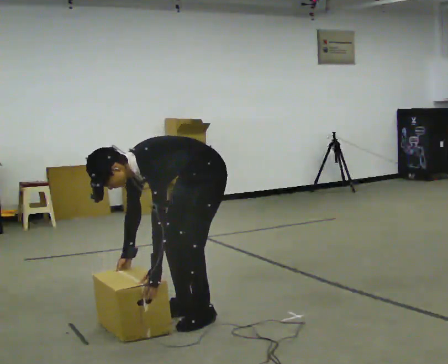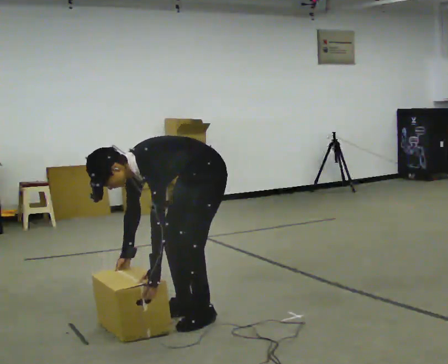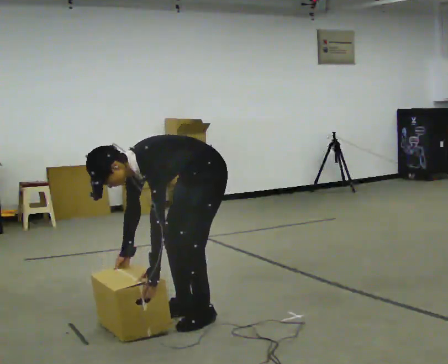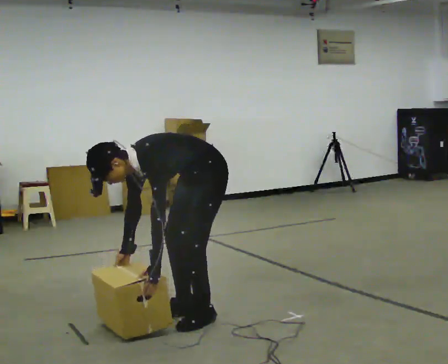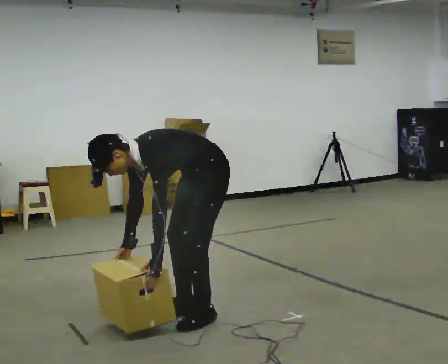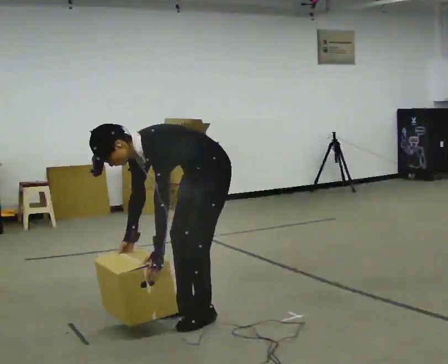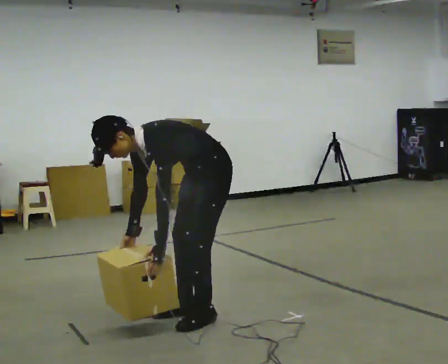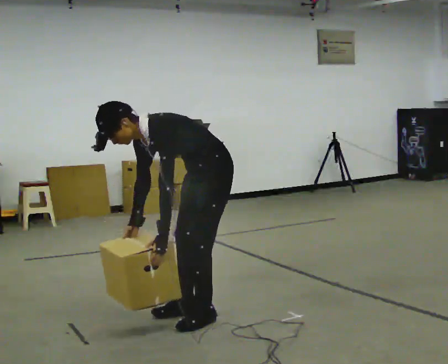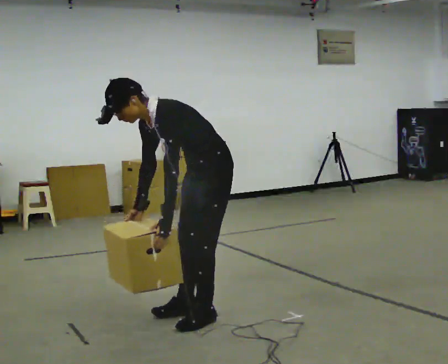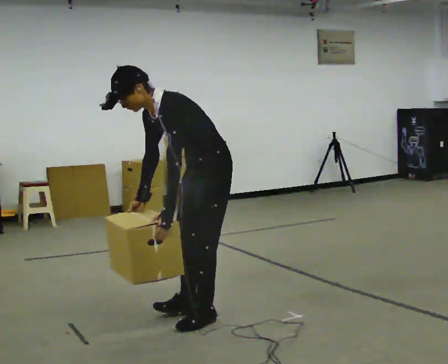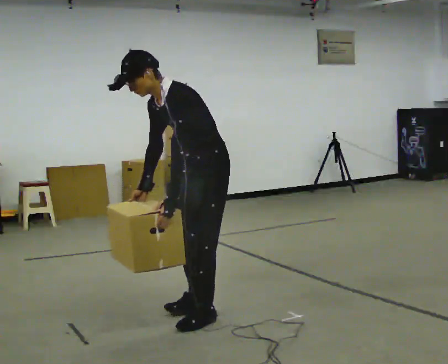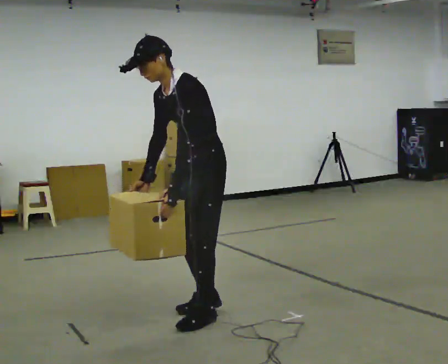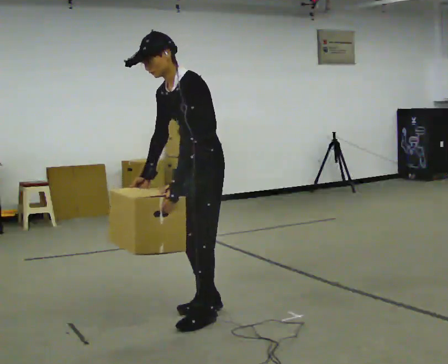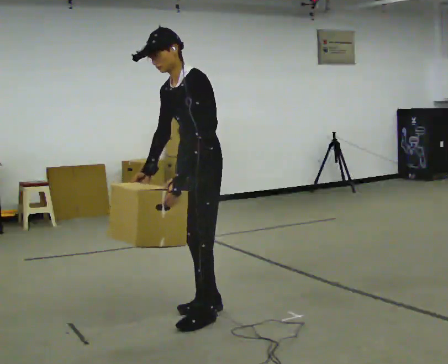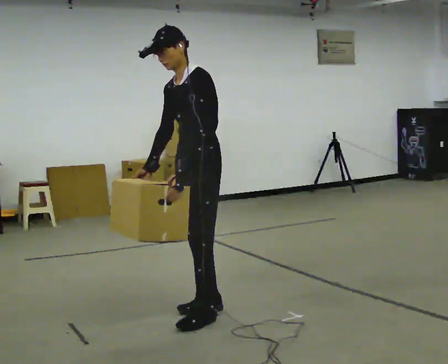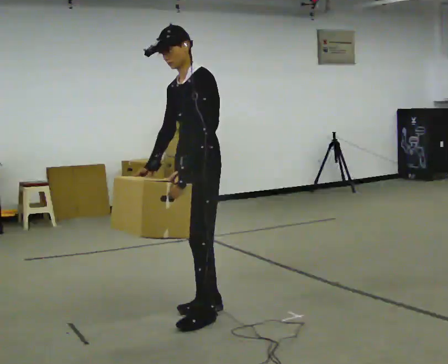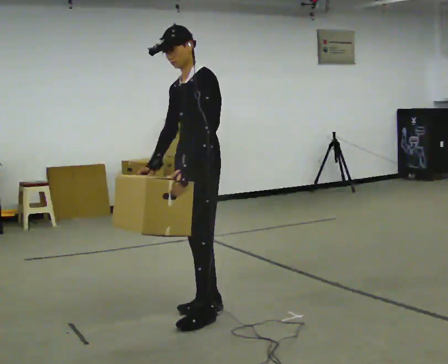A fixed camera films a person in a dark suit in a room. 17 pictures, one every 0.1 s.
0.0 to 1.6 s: The upper body goes upward. In the picture the upper body tilts clockwise, shoulders to the right, as they lean back or straighten. In the picture their right hand goes upward.
The film runs backward here.
